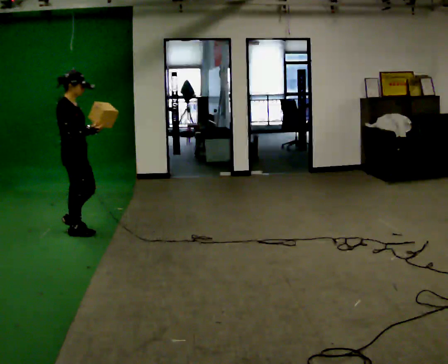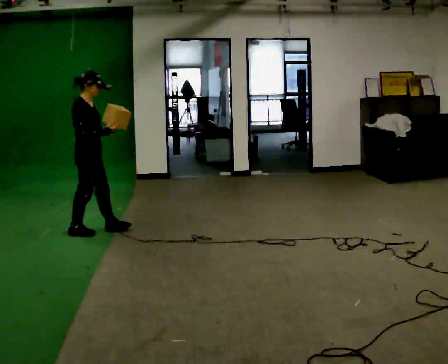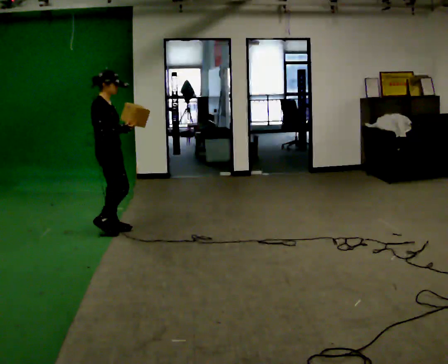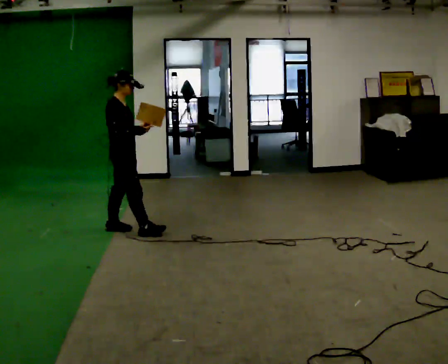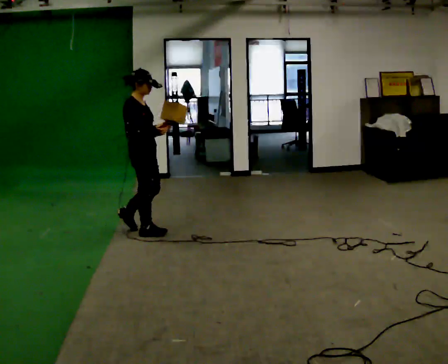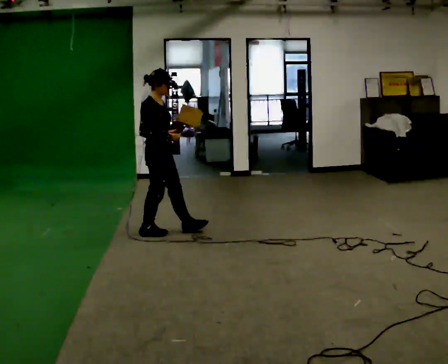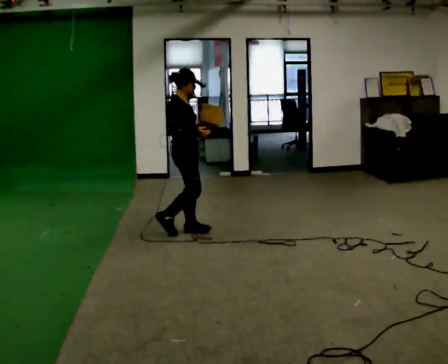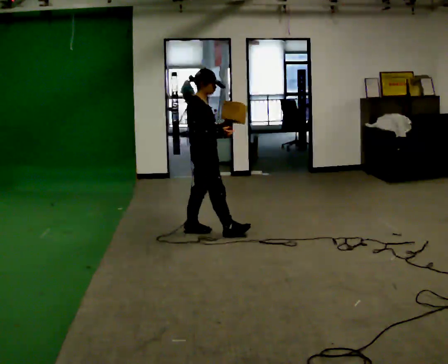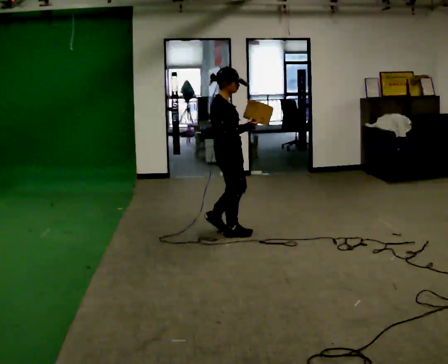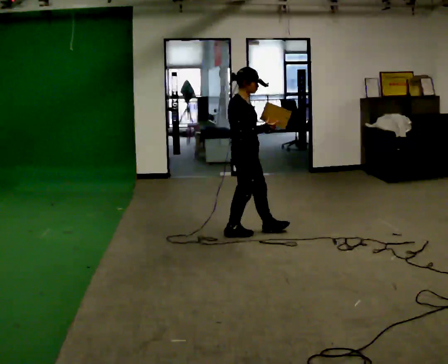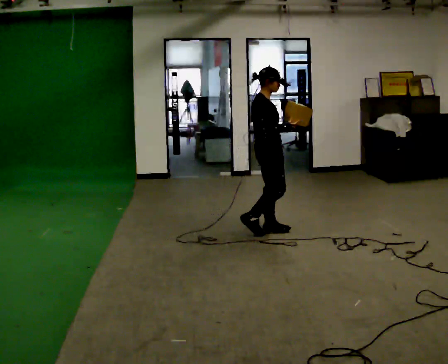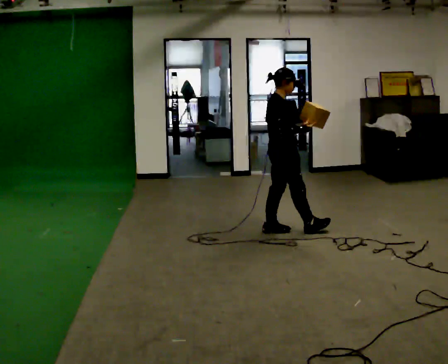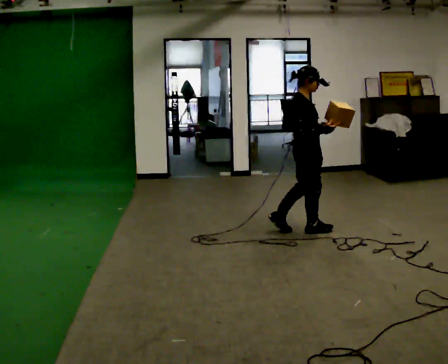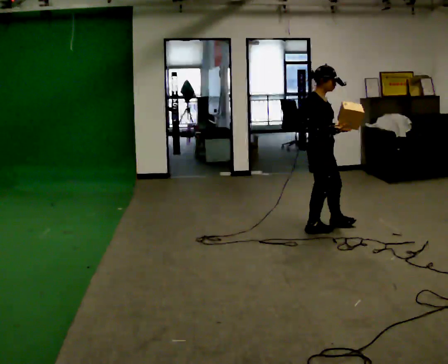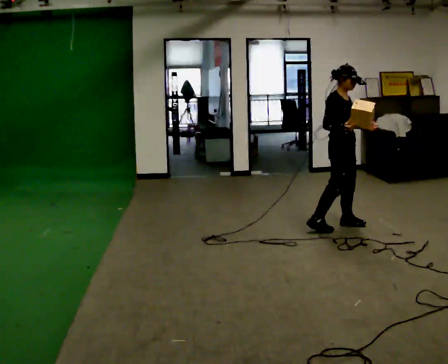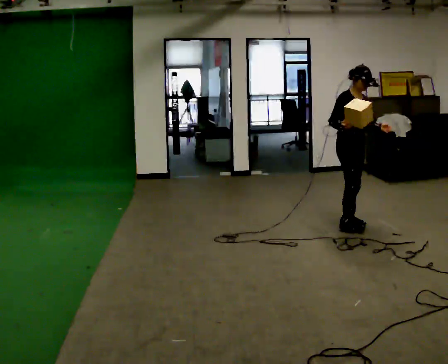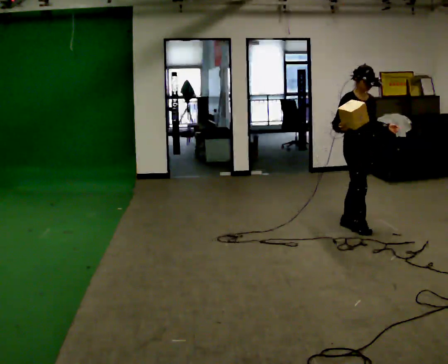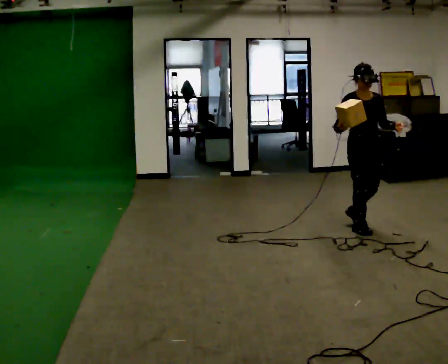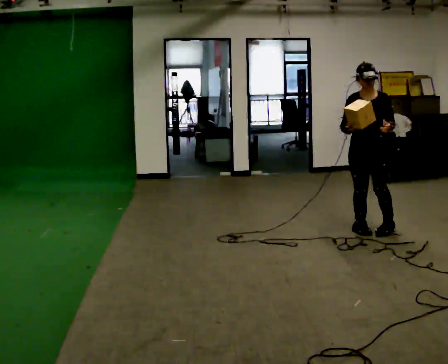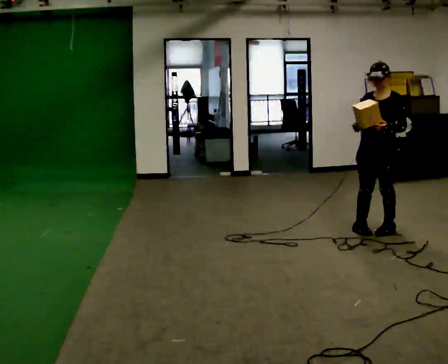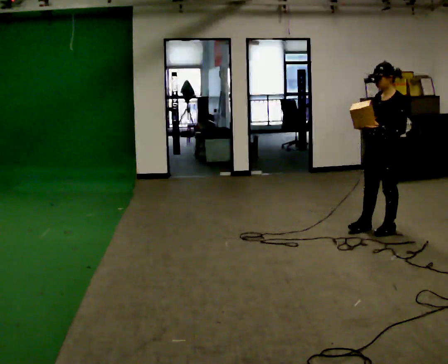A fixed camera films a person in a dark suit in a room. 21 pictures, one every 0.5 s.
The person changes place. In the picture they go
to the right.
The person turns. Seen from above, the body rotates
clockwise.
0.0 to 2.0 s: In the picture they go to the right, about 0.5 m in 2 steps, which for them is forward.
2.0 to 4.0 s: In the picture they go to the right, about 0.5 m in 2 steps, which for them is forward.
4.0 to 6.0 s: In the picture they go to the right, about 0.75 m in 2 steps, which for them is forward.
6.0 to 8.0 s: The part of the body nearest the lens slides to the left as the person turns to their right by about 60 degrees. In the picture they go to the right, about 0.5 m in 2 steps, which for them is forward and to their left.
8.0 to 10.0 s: The person turns about 105 degrees to their right, clockwise seen from above, so the part of the body nearest the lens slides to the left. In the picture they go to the right and toward the camera, about 0.25 m in 1 step.
The film runs forward here.
